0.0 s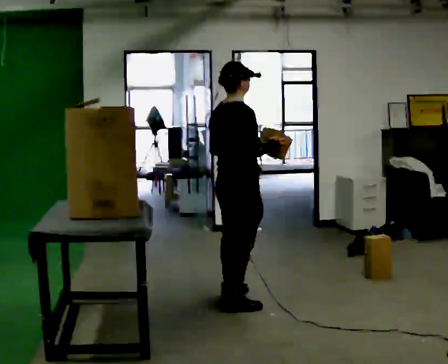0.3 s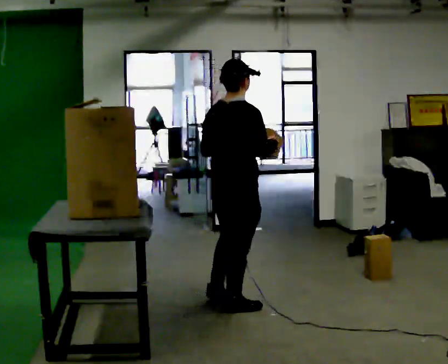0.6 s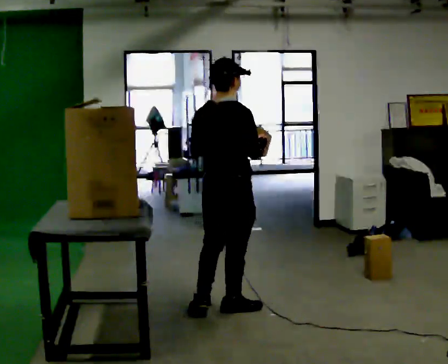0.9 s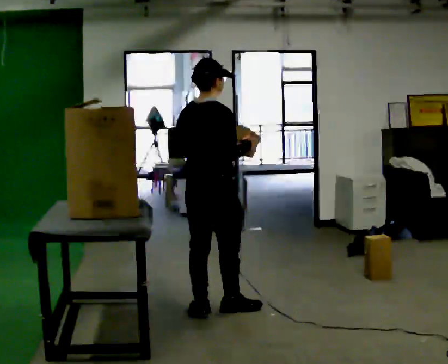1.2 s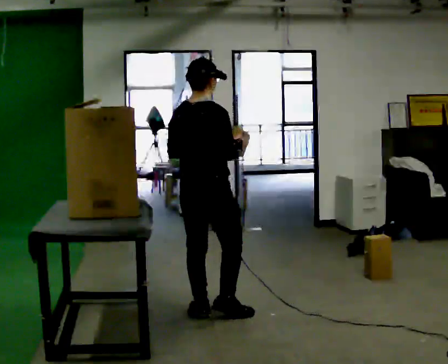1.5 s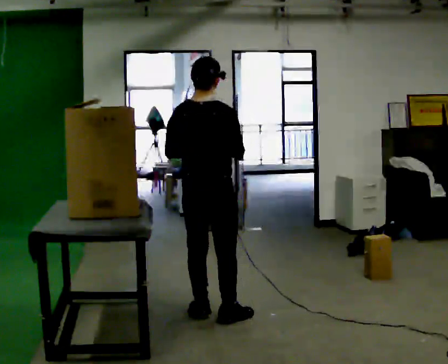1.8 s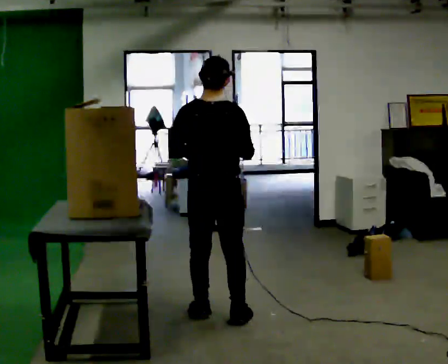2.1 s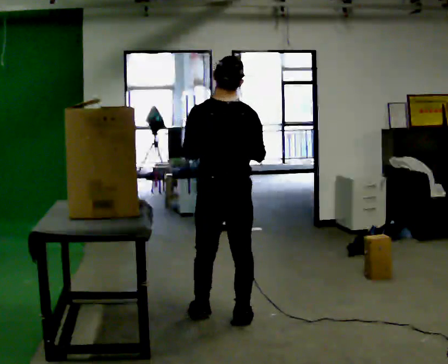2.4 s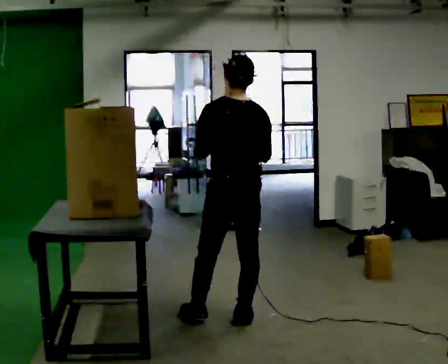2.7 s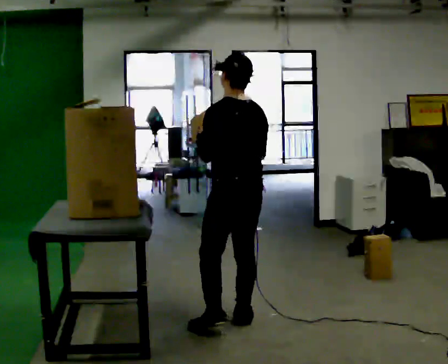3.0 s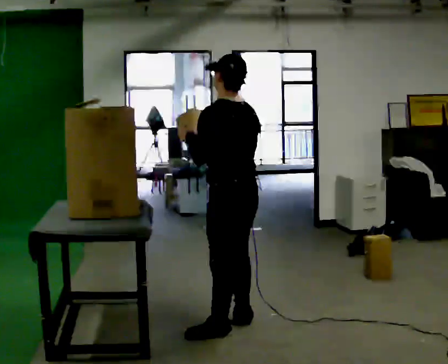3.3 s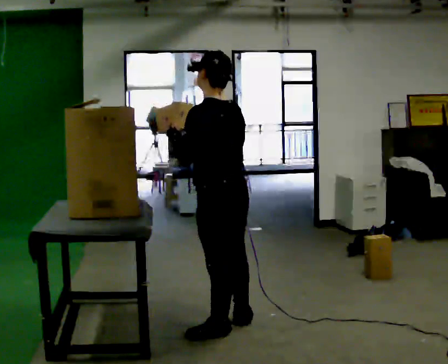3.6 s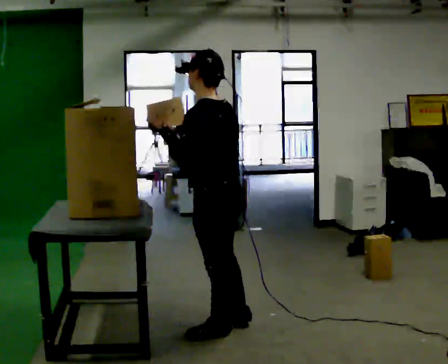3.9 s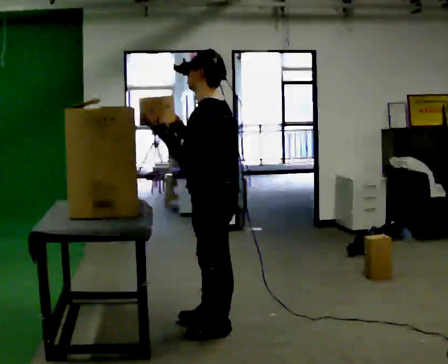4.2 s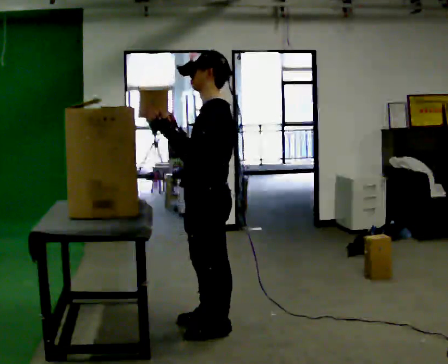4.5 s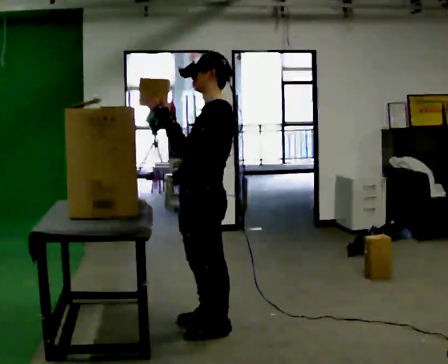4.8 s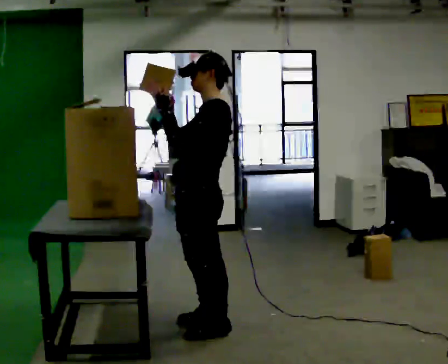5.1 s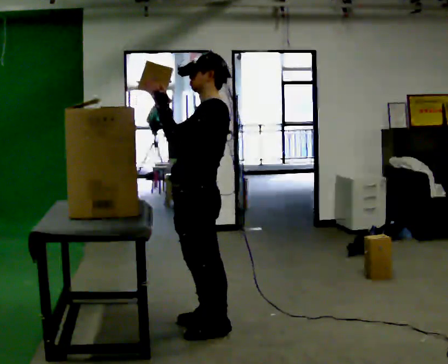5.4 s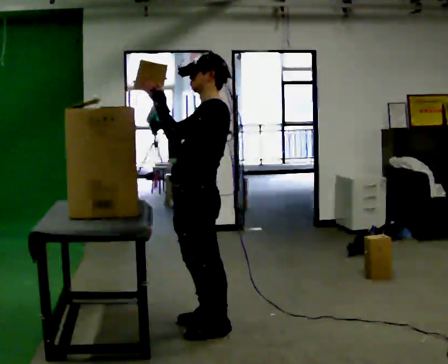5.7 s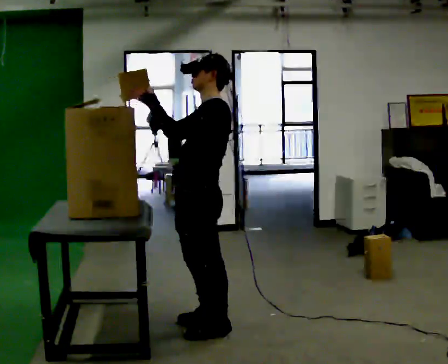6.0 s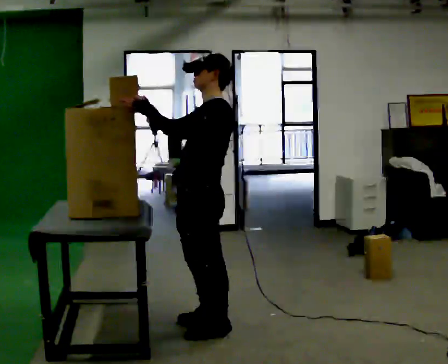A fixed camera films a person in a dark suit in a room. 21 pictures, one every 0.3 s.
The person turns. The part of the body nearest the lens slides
to the right.
The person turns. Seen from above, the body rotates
counterclockwise.
0.0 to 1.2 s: Seen from above the body turns counterclockwise, about 30 degrees: to their left, with its near side sliding to the right. In the picture they go toward the camera and to the left, about 0.25 m in 2 steps, which for them is backward.
1.2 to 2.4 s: The person turns about 45 degrees to their left, counterclockwise seen from above, so the part of the body nearest the lens slides to the right. In the picture they go to the right and toward the camera, about 0.25 m in 1 step, which for them is to their right and backward.
2.4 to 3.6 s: The part of the body nearest the lens slides to the right as the person turns to their left by about 45 degrees. In the picture they go toward the camera, about 0.25 m in 1 step, which for them is to their left.
3.6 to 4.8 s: The part of the body nearest the lens slides to the right as the person turns to their left by about 30 degrees. In the picture the upper body tilts clockwise, shoulders to the right.
4.8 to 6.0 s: The person moves a little, or ends about where they began.
The film runs backward here.
